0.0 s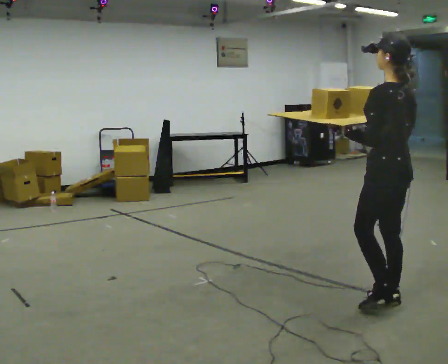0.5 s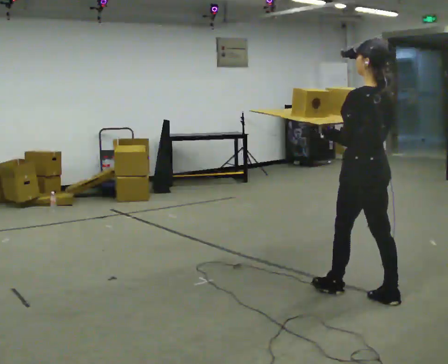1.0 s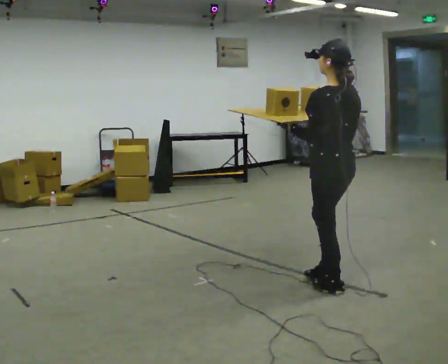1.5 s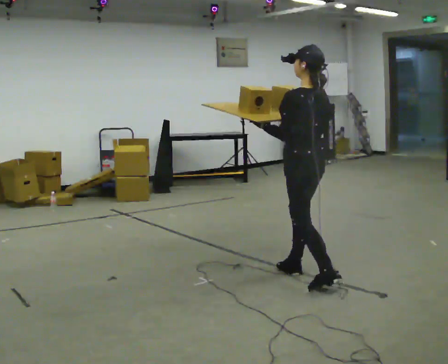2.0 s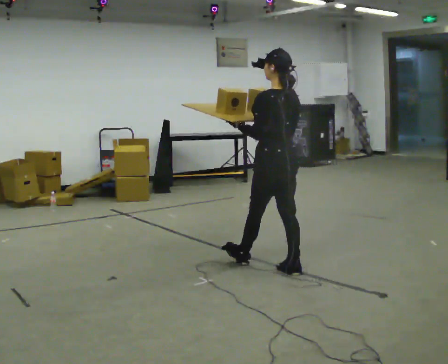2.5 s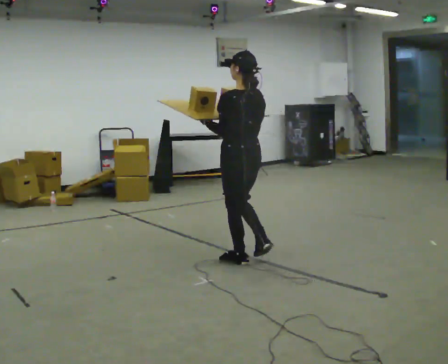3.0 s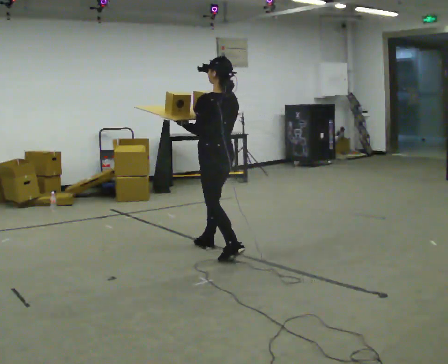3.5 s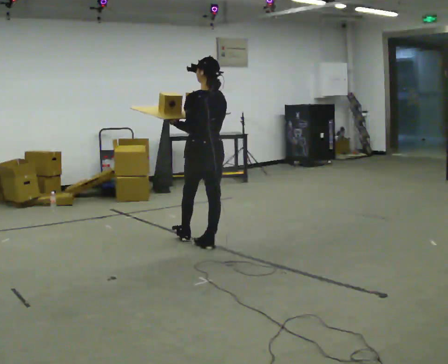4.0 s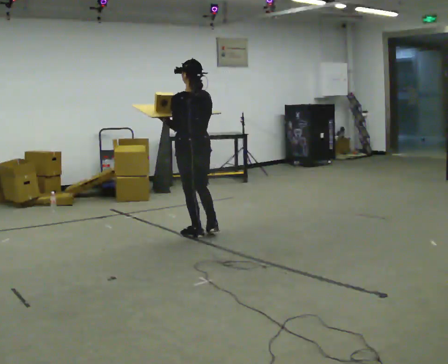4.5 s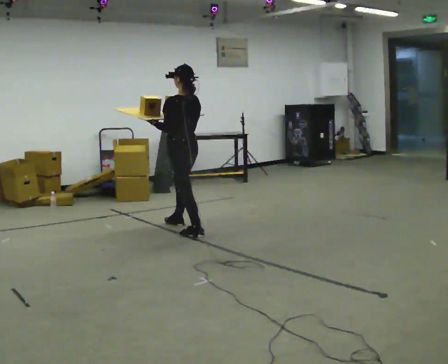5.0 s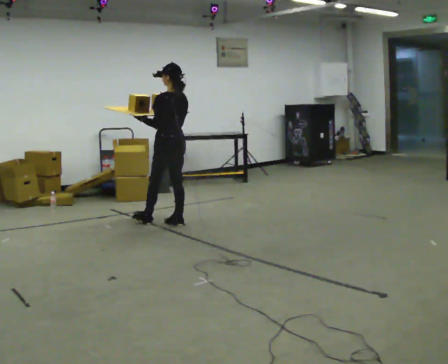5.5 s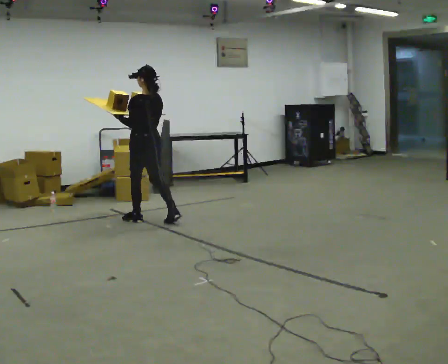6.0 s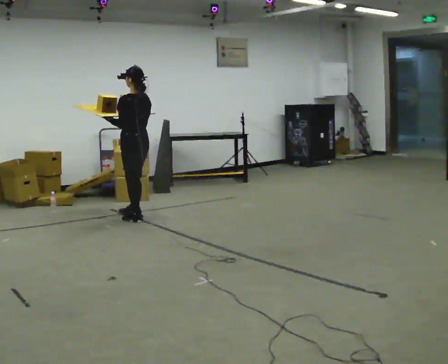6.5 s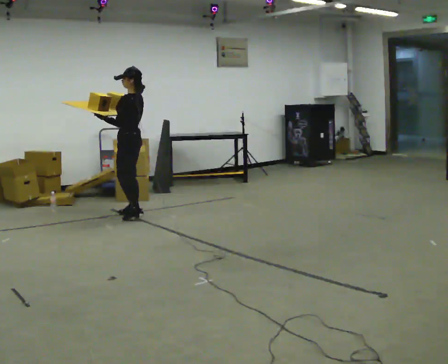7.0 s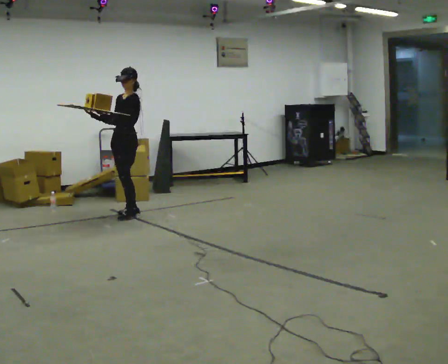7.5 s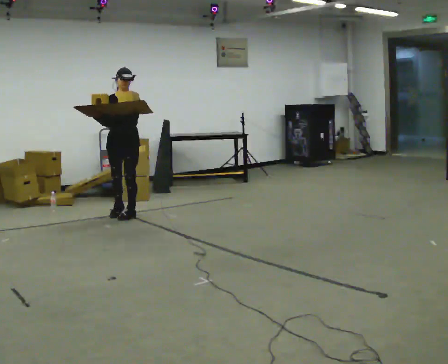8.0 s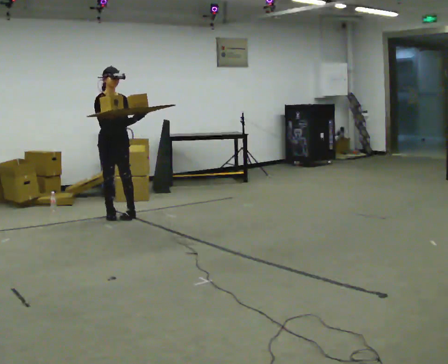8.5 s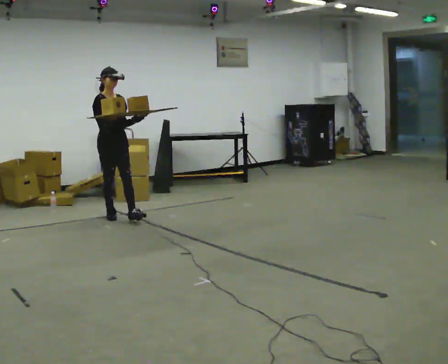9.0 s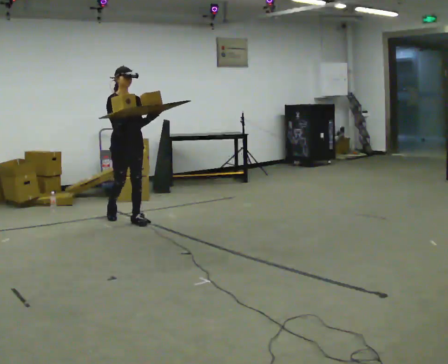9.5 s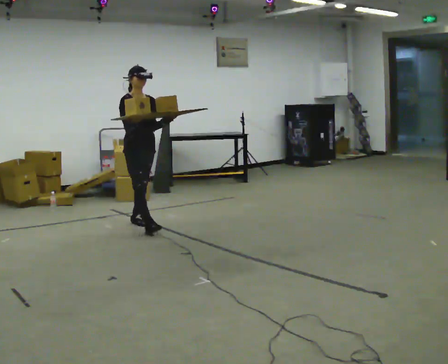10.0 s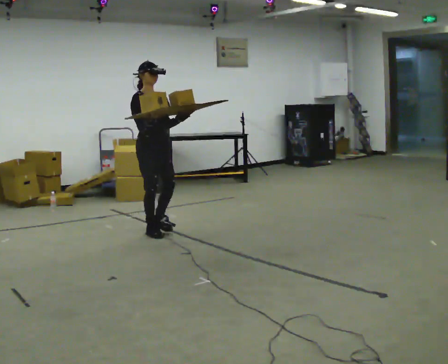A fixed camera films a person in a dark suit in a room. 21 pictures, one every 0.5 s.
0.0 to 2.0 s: In the picture they go away from the camera and to the left, about 1 m in 2 steps, which for them is forward.
2.0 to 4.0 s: In the picture they go away from the camera and to the left, about 1 m in 3 steps, which for them is forward.
4.0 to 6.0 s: In the picture they go away from the camera and to the left, about 1 m in 2 steps, which for them is forward.
6.0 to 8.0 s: The person turns about 165 degrees to their left, counterclockwise seen from above, so the part of the body nearest the lens slides to the right. In the picture they go to the left, about 0.25 m in 3 steps.
8.0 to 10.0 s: In the picture they go toward the camera and to the right, about 1 m in 2 steps, which for them is forward.
The film runs forward here.
